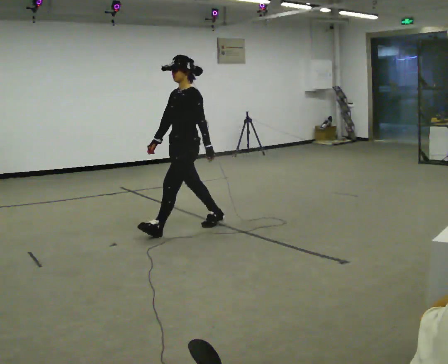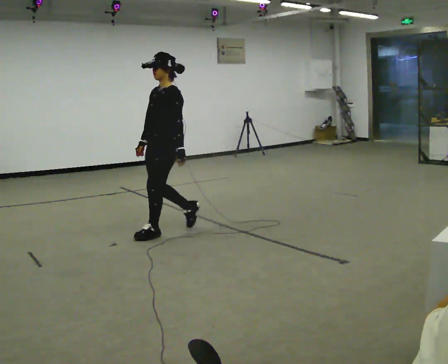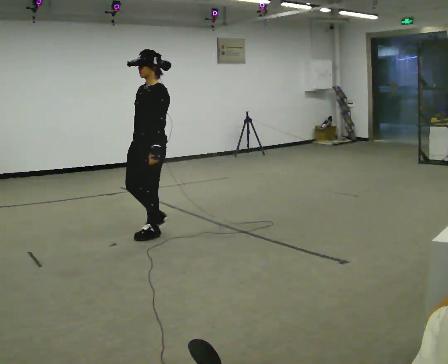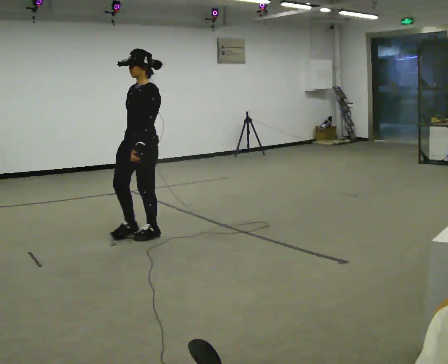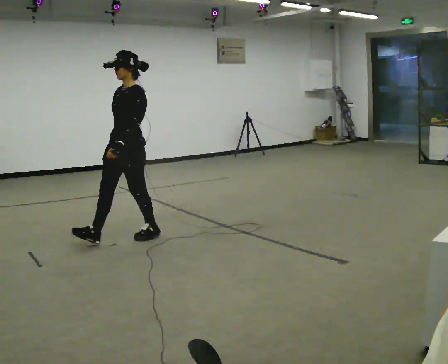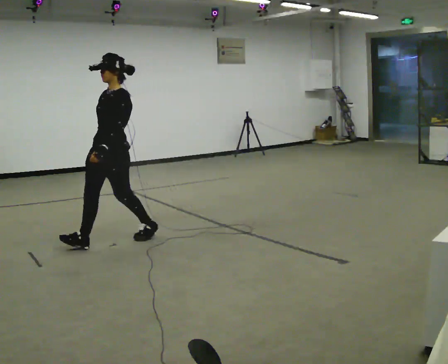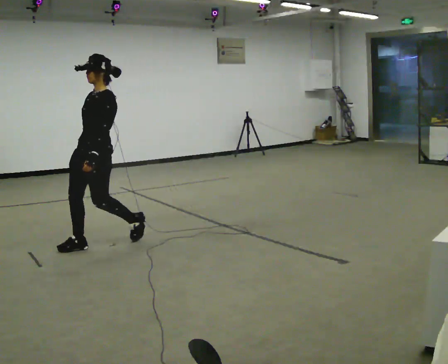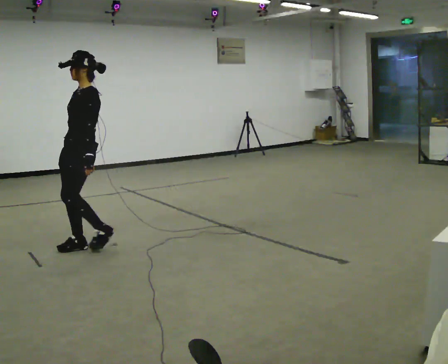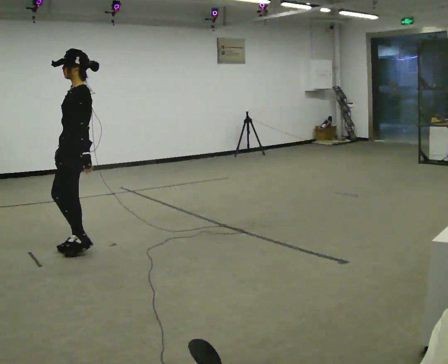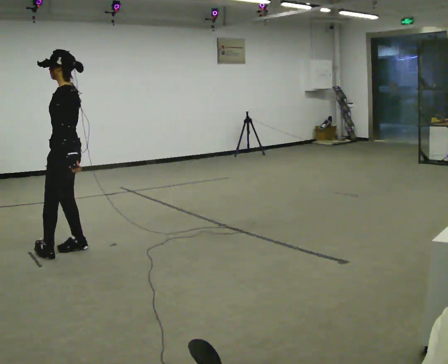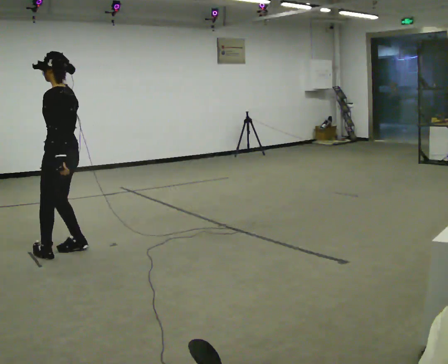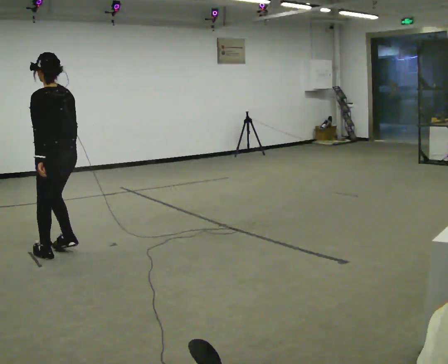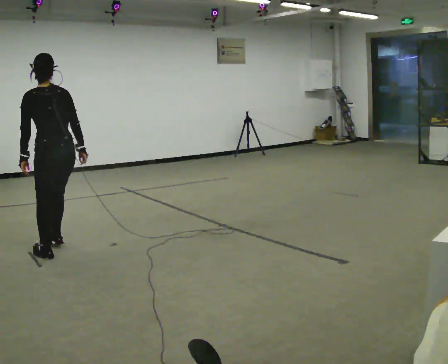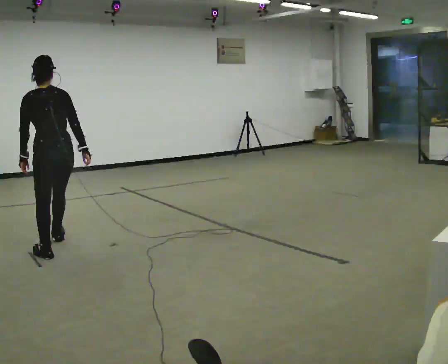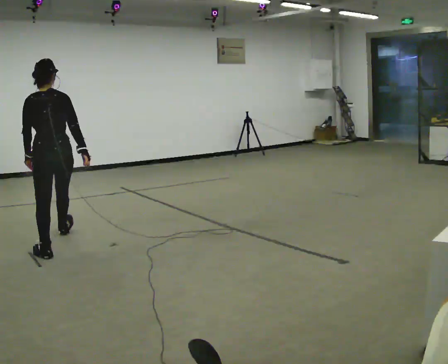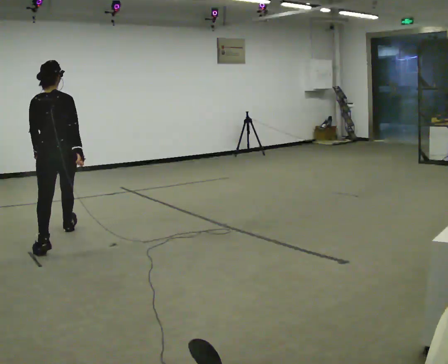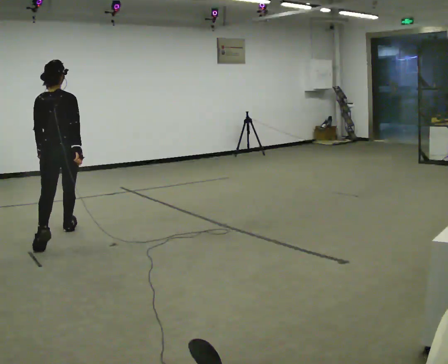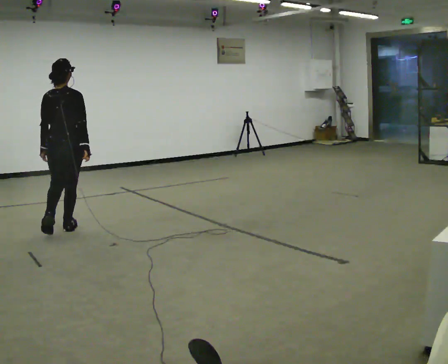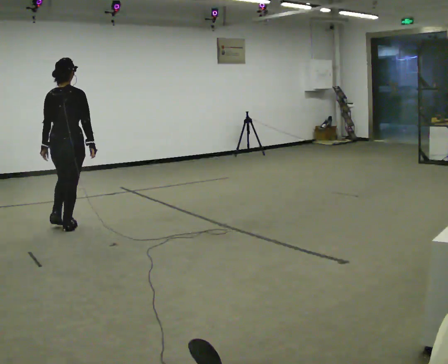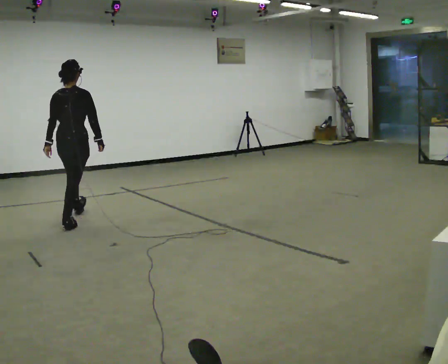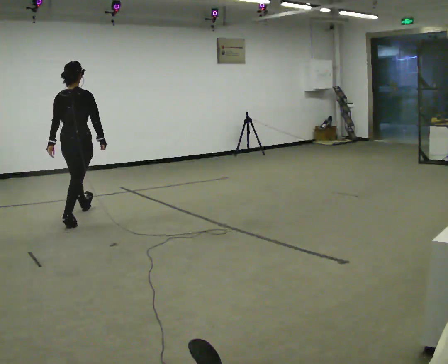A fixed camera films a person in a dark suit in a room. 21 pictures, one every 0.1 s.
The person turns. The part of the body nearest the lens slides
to the left.
The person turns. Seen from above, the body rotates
clockwise.
0.0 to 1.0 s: The part of the body nearest the lens slides to the left as the person turns to their right by about 45 degrees. In the picture they go to the left, about 1 m in 3 steps.
1.0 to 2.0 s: Seen from above the body turns clockwise, about 75 degrees: to their right, with its near side sliding to the left. In the picture they go away from the camera, about 1 m in 1 step.
The film runs forward here.
